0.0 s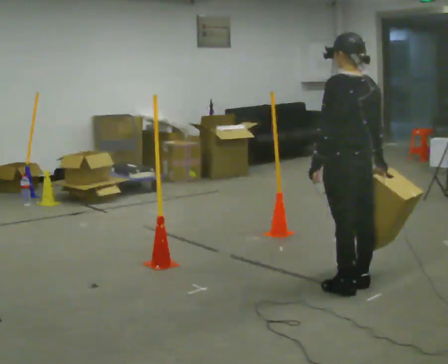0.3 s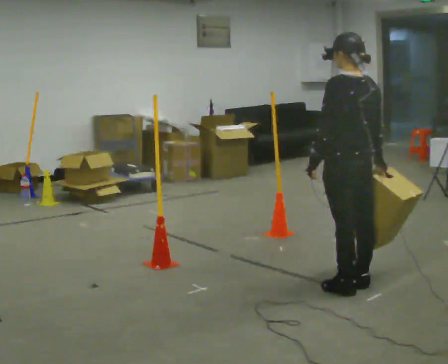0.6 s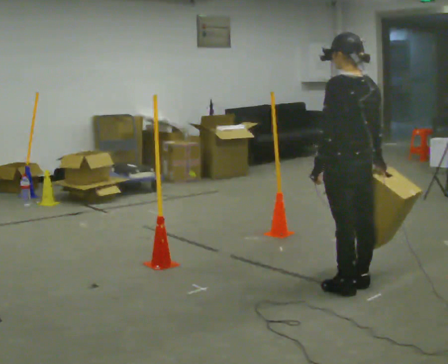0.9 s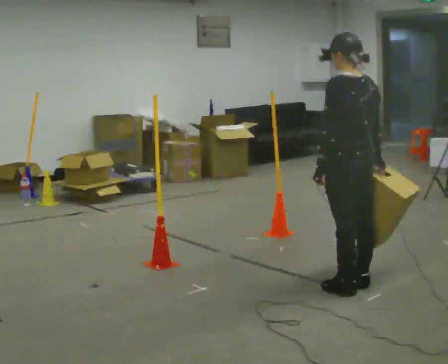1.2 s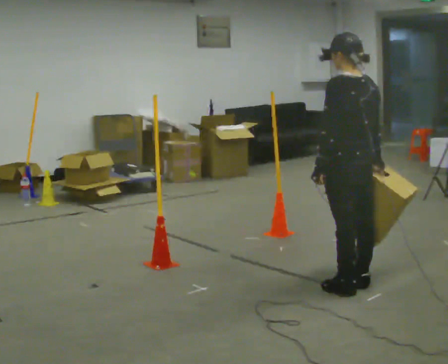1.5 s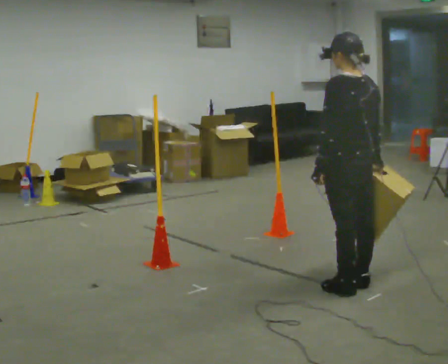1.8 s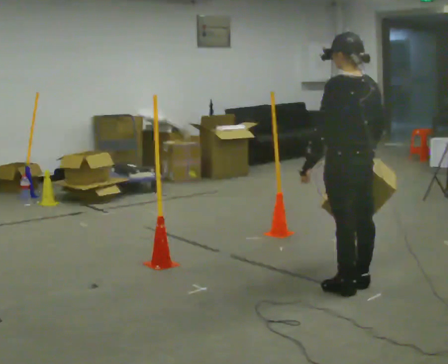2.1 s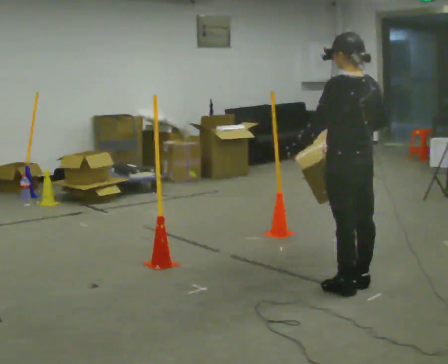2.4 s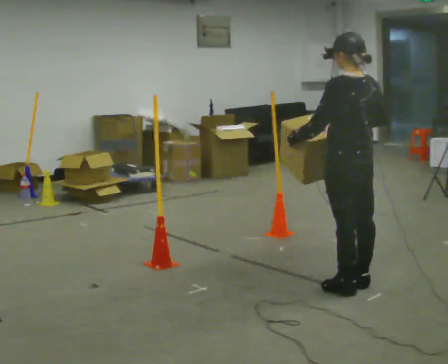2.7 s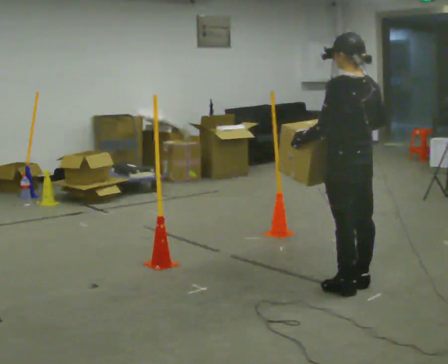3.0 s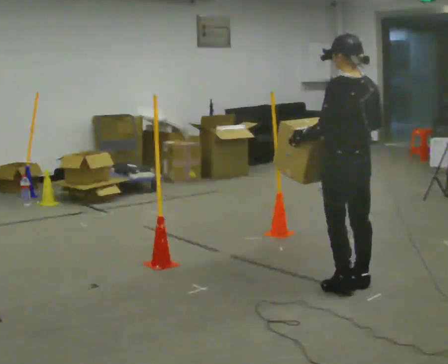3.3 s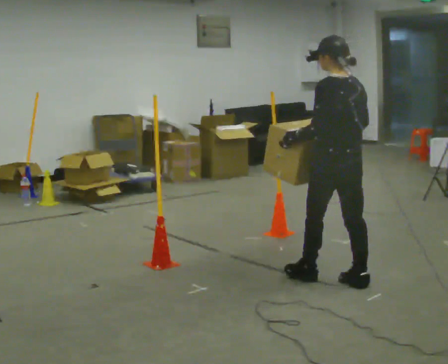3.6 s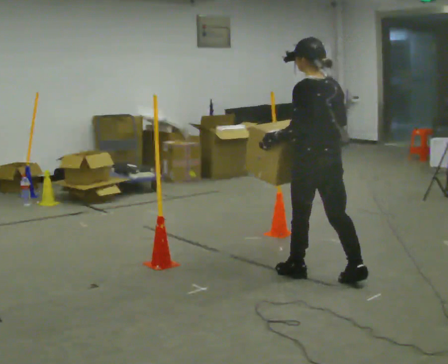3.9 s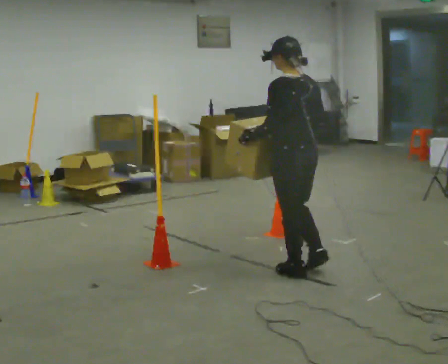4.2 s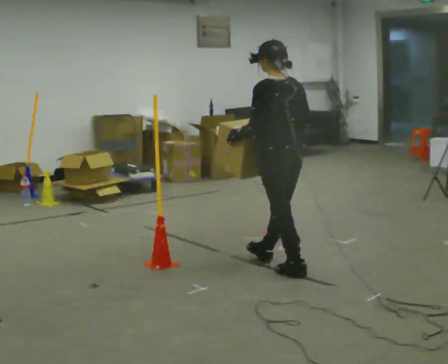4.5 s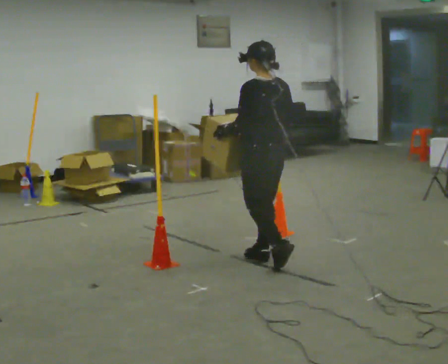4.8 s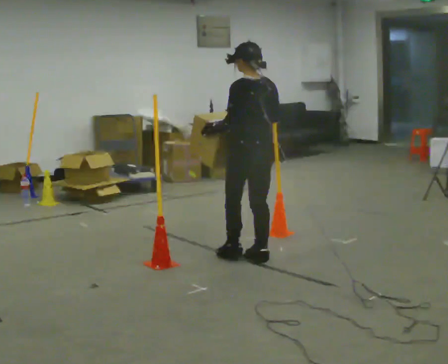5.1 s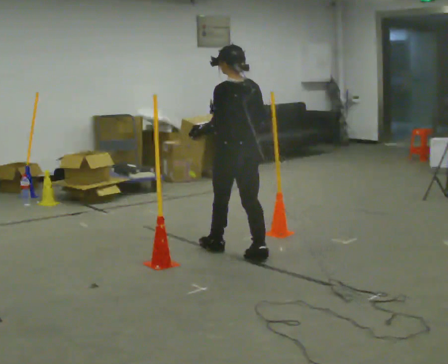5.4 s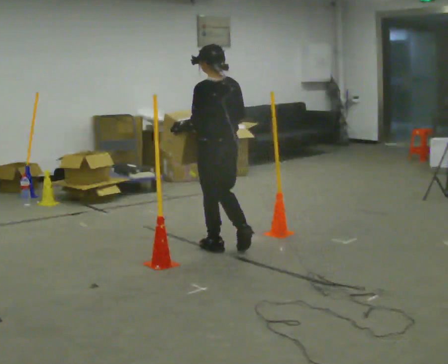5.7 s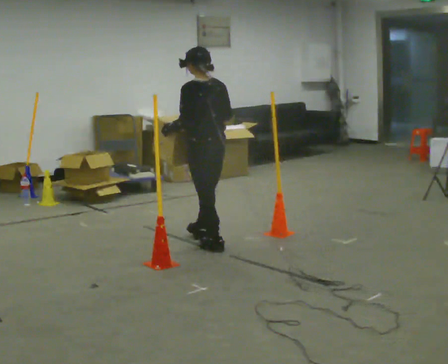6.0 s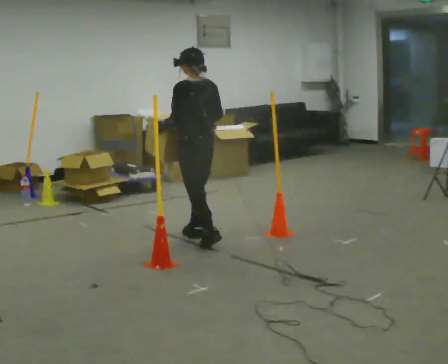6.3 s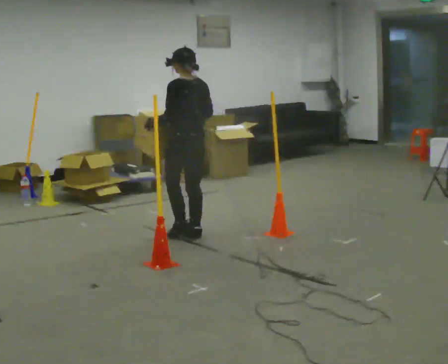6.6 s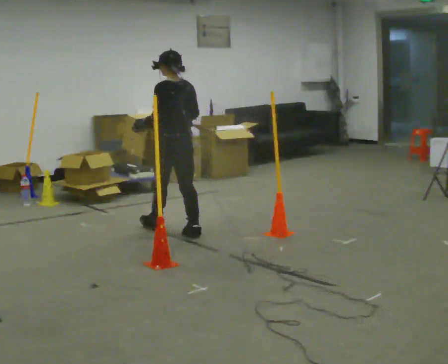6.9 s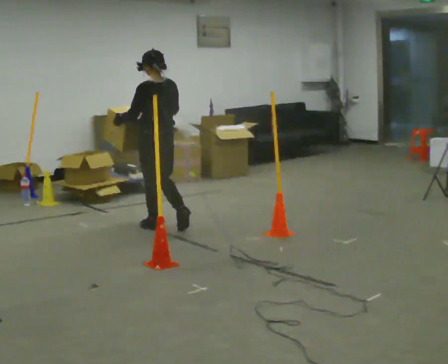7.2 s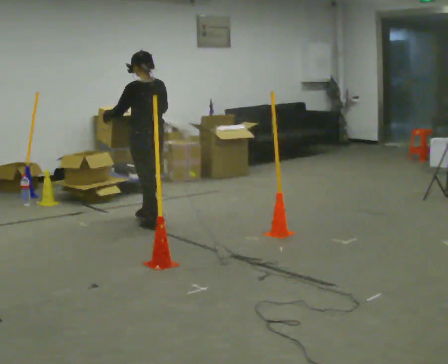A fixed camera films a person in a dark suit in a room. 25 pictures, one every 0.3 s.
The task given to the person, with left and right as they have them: Carry the box through the gap between the panels without touching either side, then set it down and bring it back. Keep going until the operator says stop; one object at a time, and do not rush between trips.
0.0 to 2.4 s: The person moves a little, or ends about where they began.
2.4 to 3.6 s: In the picture they go to the left and away from the camera, about 0.25 m in 1 step, which for them is forward.
3.6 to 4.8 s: In the picture they go to the left and away from the camera, about 0.75 m in 1 step, which for them is forward.
4.8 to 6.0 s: In the picture they go to the left and away from the camera, about 0.75 m in 2 steps, which for them is forward.
6.0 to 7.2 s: In the picture they go to the left and away from the camera, about 0.75 m in 1 step, which for them is forward.
The film runs forward here.
